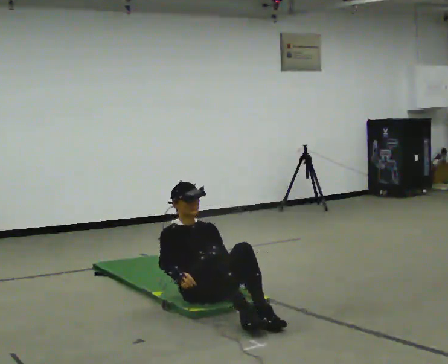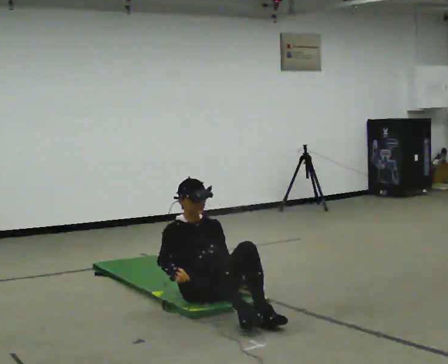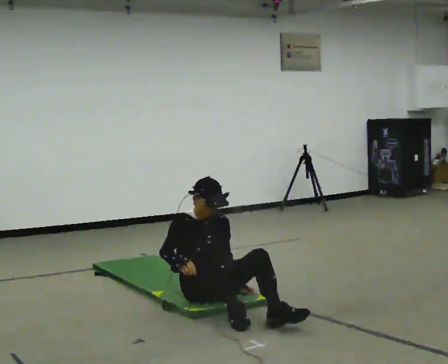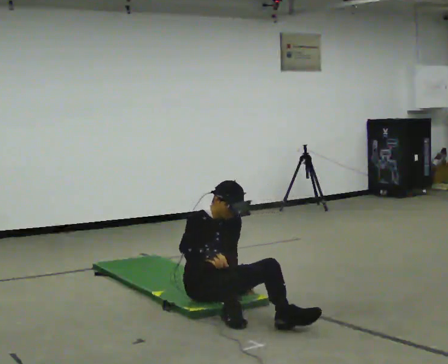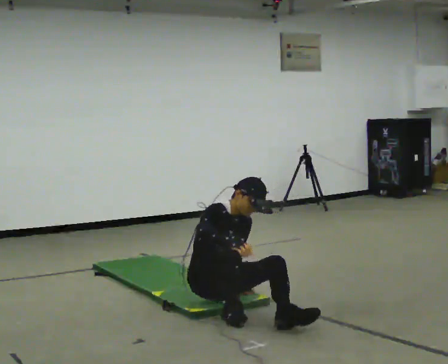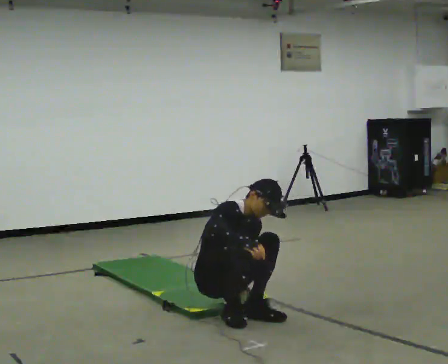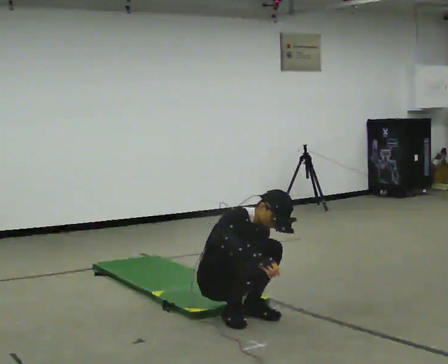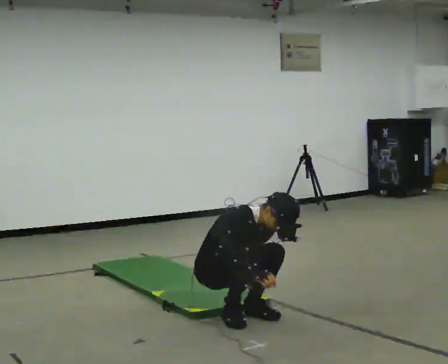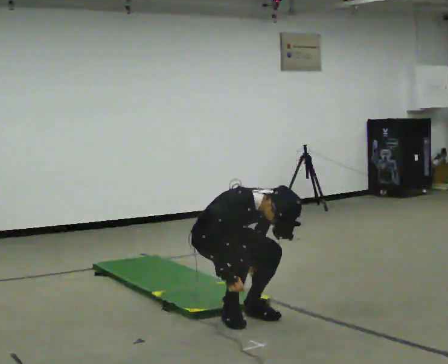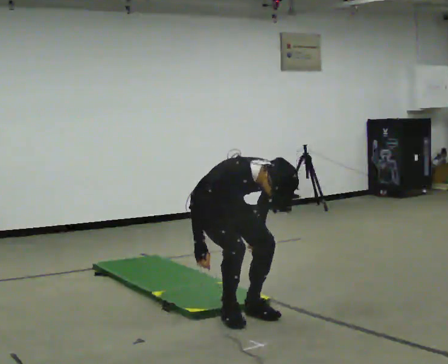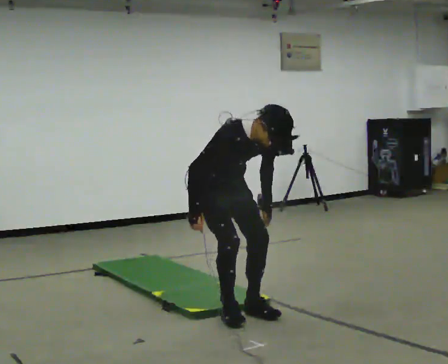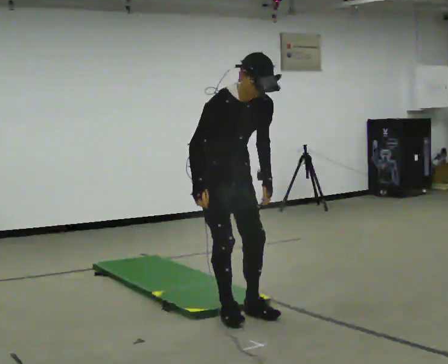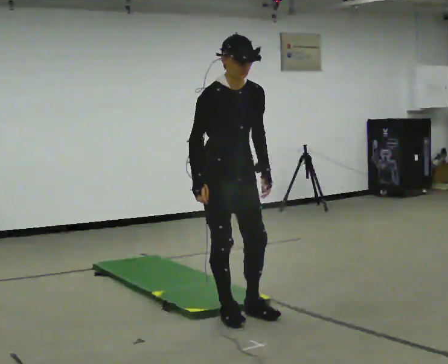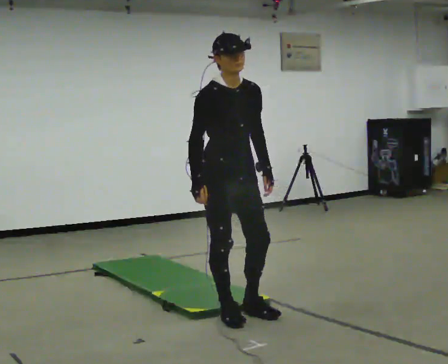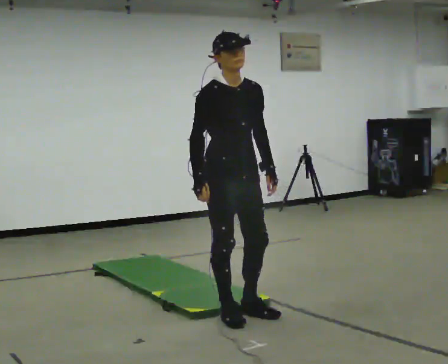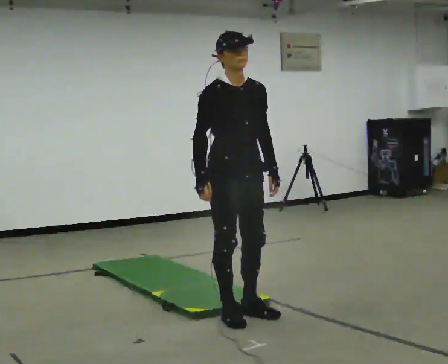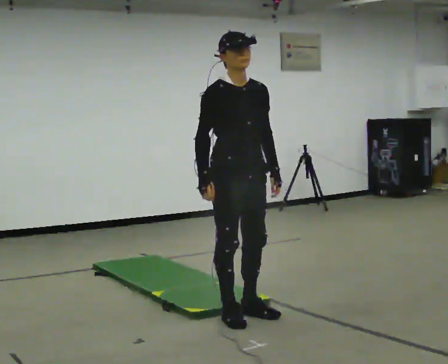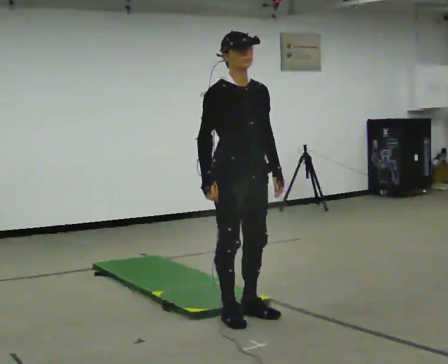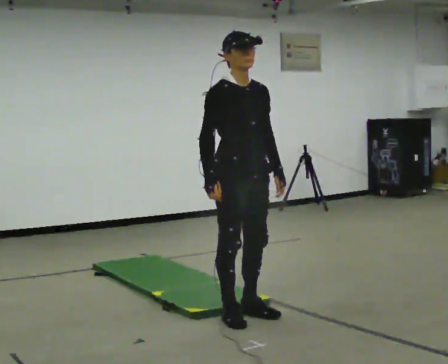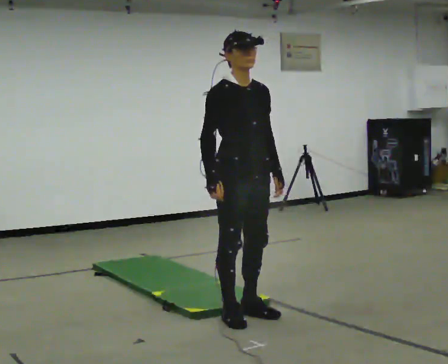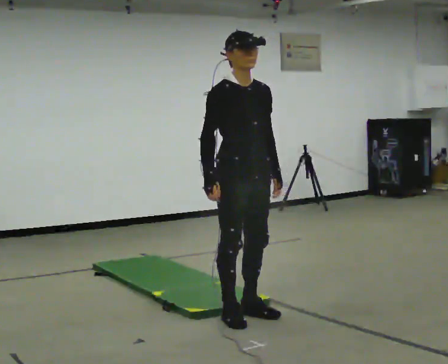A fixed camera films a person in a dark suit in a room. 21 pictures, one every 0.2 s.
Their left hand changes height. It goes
upward.
The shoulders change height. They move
upward.
0.0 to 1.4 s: In the picture they go toward the camera, about 0.25 m in 3 steps, which for them is forward. The upper body goes upward. The upper body tips toward the camera, its near side rolling downward, as they bend forward.
1.4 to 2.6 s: In the picture they go toward the camera, about 0.25 m, which for them is forward. The shoulders move upward. In the picture their right hand goes upward and to the left.
2.6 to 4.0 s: The person moves a little, or ends about where they began.
The film runs backward here.
